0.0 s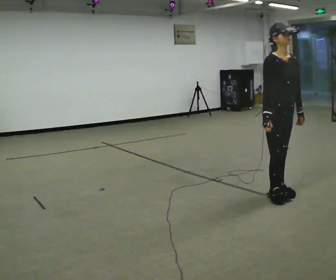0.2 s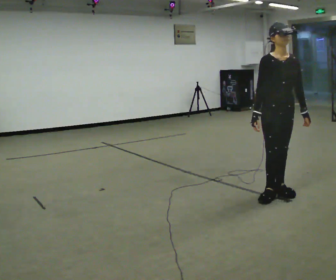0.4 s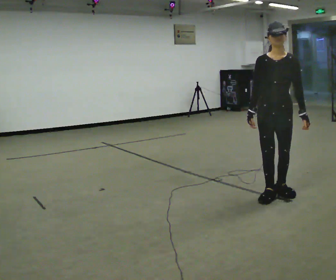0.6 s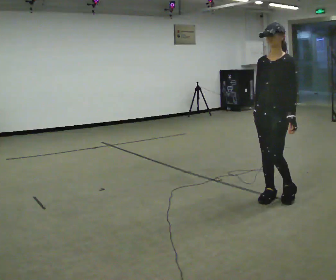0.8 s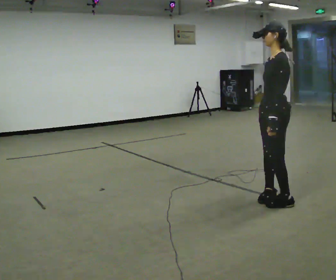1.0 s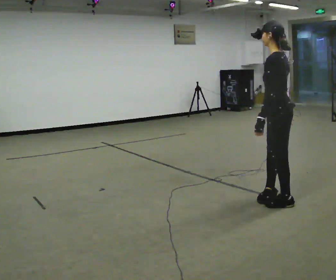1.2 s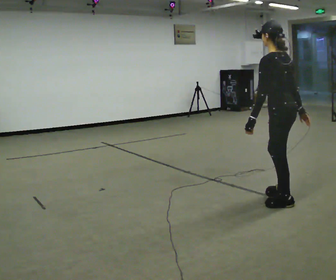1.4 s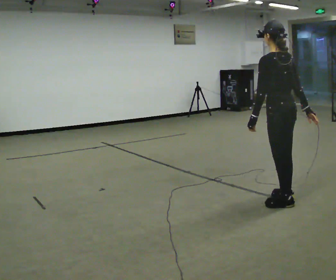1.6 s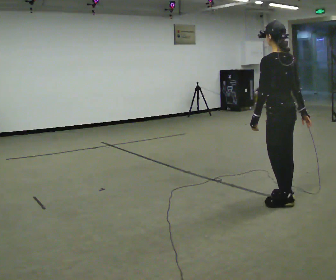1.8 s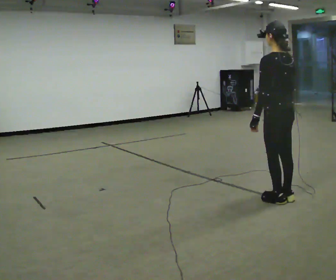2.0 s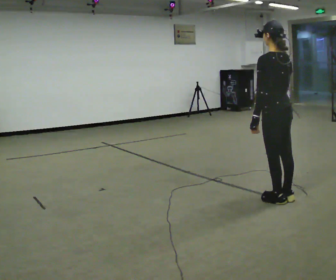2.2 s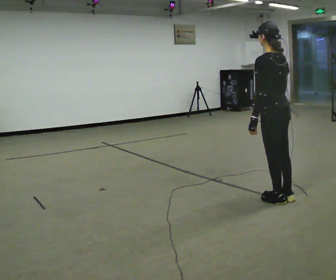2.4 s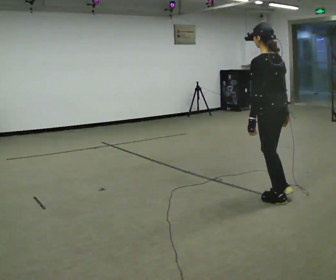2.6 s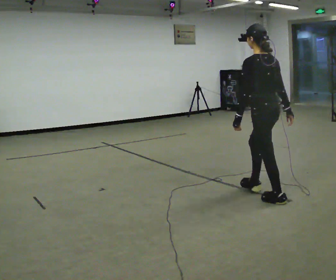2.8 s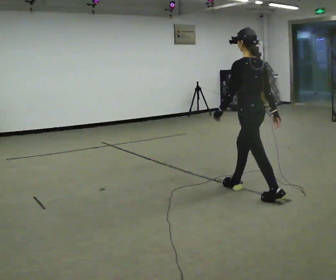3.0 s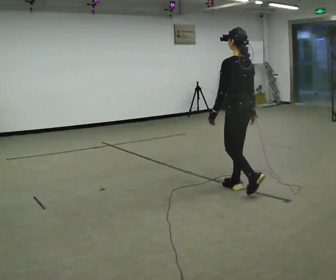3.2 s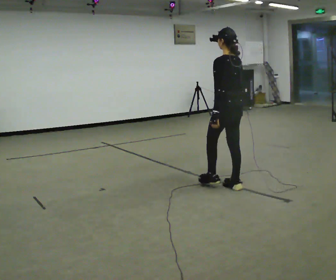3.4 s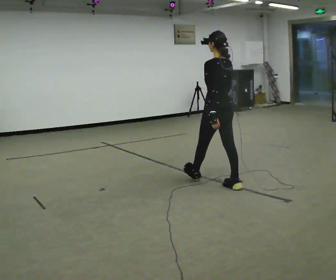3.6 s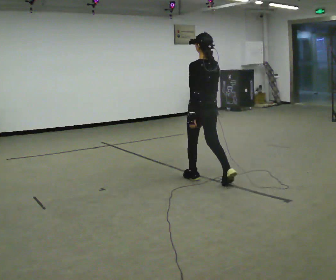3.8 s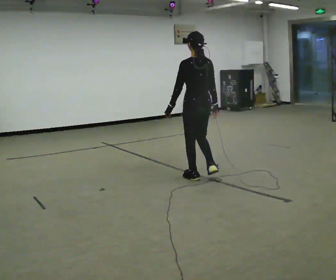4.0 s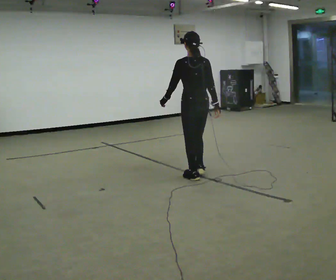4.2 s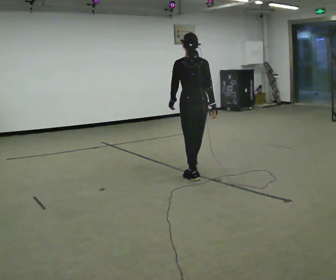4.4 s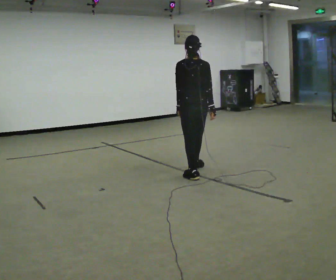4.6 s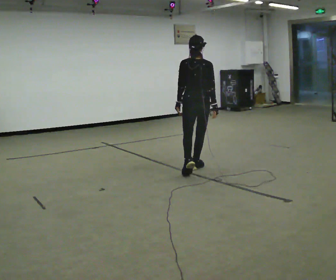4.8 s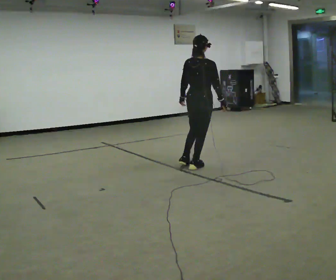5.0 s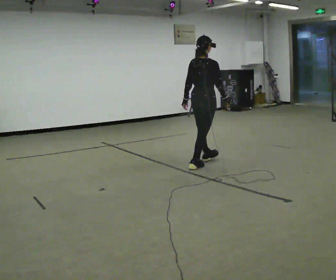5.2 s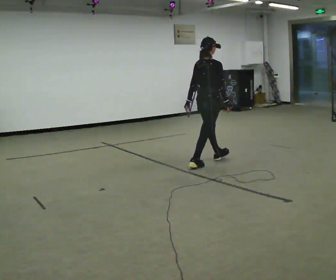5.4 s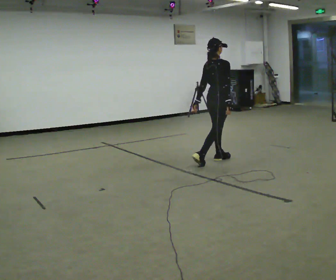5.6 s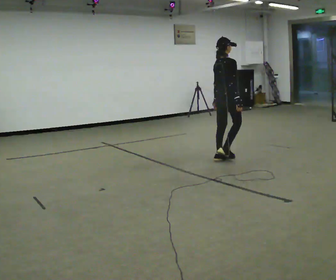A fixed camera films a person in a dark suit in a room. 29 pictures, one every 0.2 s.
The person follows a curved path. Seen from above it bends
clockwise.
The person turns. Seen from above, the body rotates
clockwise.
0.0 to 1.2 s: Seen from above the body turns clockwise, about 165 degrees: to their right, with its near side sliding to the left. In the picture they go toward the camera, about 0.25 m in 1 step. In the picture their right hand goes to the right, the arm swinging counterclockwise.
1.2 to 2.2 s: The person moves a little, or ends about where they began.
2.2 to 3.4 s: In the picture they go away from the camera and to the left, about 1 m in 1 step, which for them is forward.
3.4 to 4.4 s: The person turns about 30 degrees to their right, clockwise seen from above, so the part of the body nearest the lens slides to the left. In the picture they go away from the camera and to the left, about 0.5 m in 2 steps, which for them is forward.
4.4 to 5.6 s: The part of the body nearest the lens slides to the left as the person turns to their right by about 60 degrees. In the picture they go away from the camera and to the right, about 1 m in 1 step.
The film runs forward here.
